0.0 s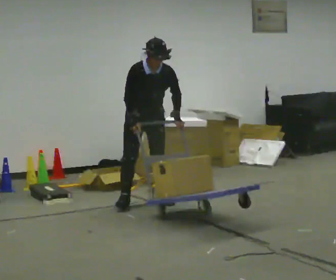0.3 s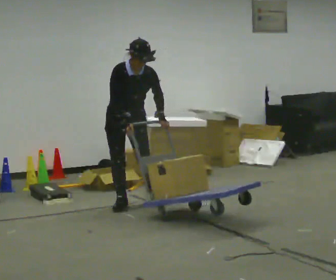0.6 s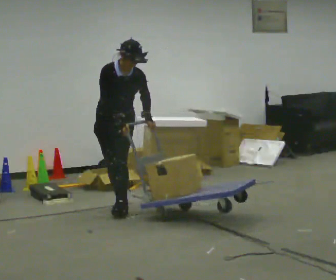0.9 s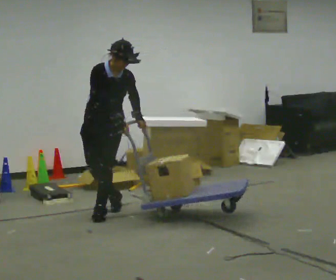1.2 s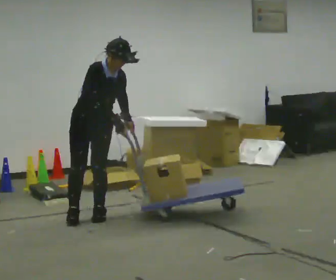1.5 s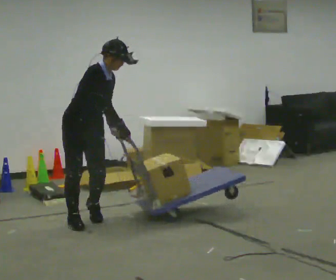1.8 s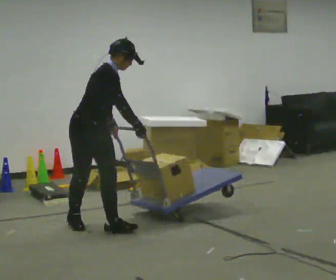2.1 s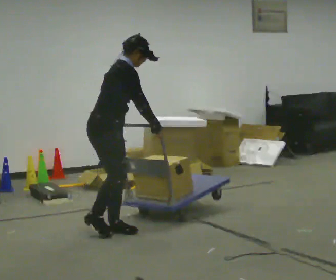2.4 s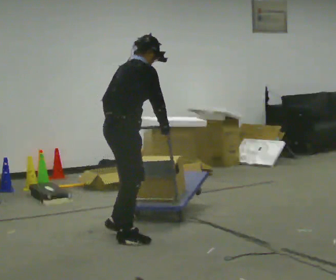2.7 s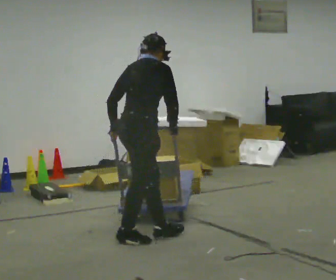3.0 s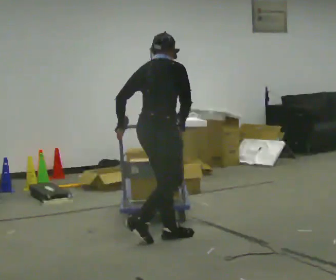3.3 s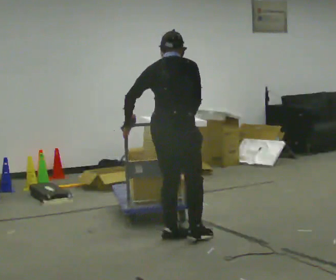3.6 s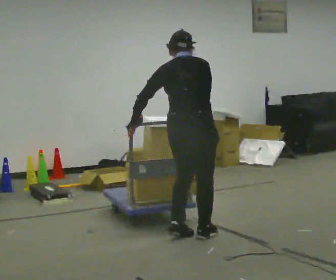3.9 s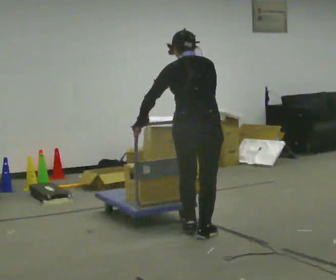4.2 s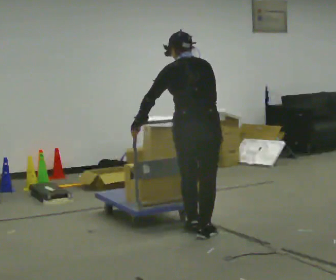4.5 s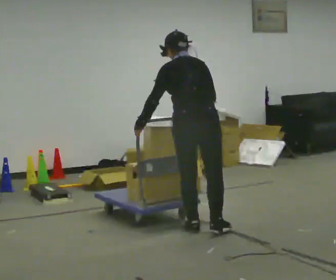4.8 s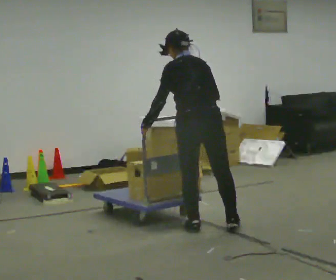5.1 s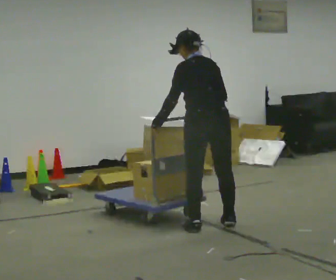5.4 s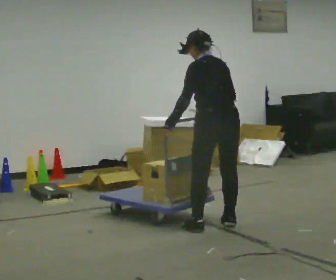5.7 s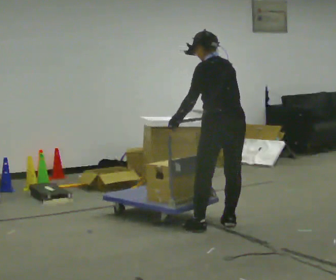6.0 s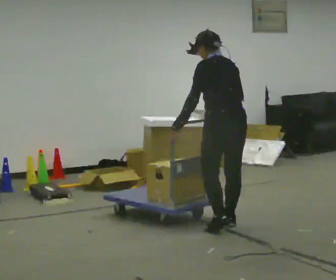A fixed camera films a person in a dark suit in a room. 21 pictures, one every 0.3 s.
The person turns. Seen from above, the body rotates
counterclockwise.
The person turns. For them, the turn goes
to their left.
0.0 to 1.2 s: In the picture they go toward the camera and to the left, about 0.75 m in 1 step, which for them is forward and to their right.
1.2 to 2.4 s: The person turns about 75 degrees to their left, counterclockwise seen from above, so the part of the body nearest the lens slides to the right. In the picture they go toward the camera and to the right, about 0.5 m in 3 steps. The upper body tips away from the camera, its near side rolling upward.
2.4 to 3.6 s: Seen from above the body turns counterclockwise, about 60 degrees: to their left, with its near side sliding to the right. In the picture they go to the right, about 0.5 m in 2 steps, which for them is forward and to their right. In the picture the upper body tilts counterclockwise, shoulders to the left.
3.6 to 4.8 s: The person turns about 30 degrees to their left, counterclockwise seen from above, so the part of the body nearest the lens slides to the right. In the picture they go away from the camera, about 0.25 m in 1 step, which for them is forward.
4.8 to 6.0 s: In the picture they go to the right, about 0.25 m in 1 step, which for them is to their right.
The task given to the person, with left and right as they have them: Pull the cart behind you as you walk backward across the room. The operator will confirm the space behind you is clear before each take.
The film runs forward here.
